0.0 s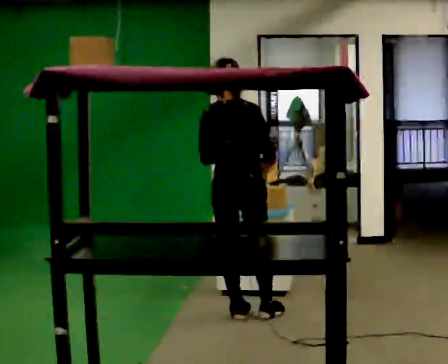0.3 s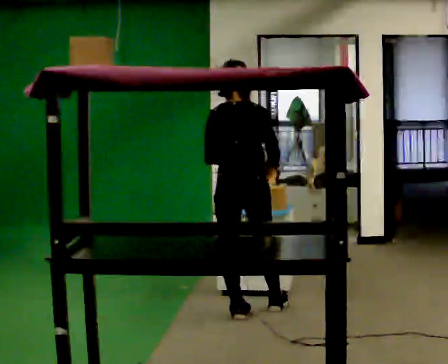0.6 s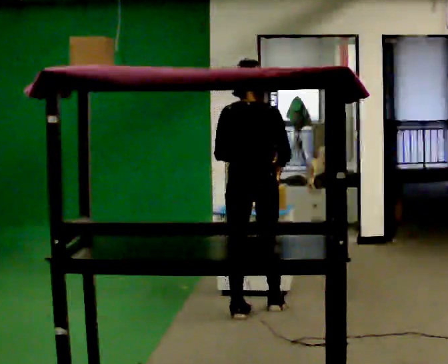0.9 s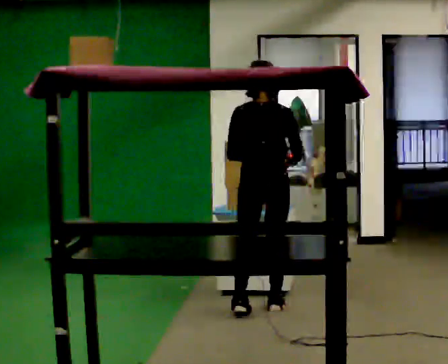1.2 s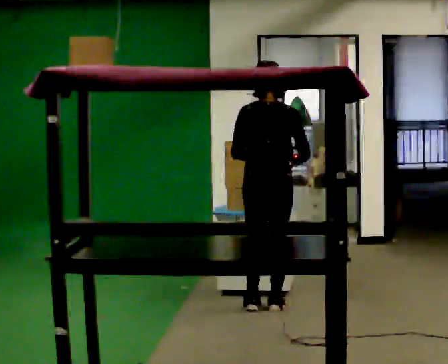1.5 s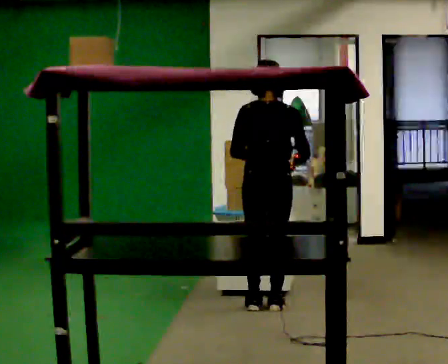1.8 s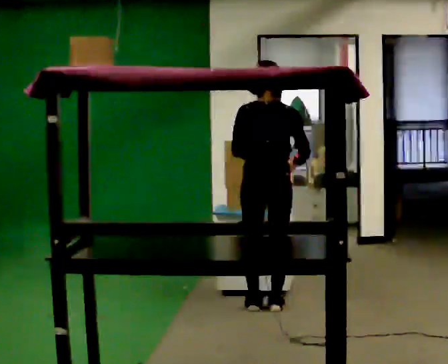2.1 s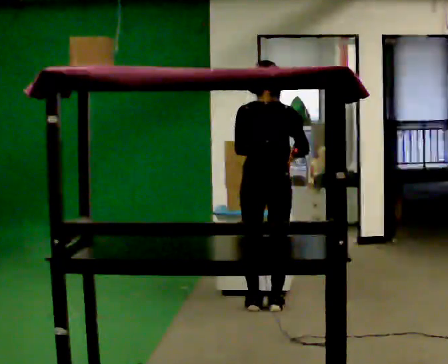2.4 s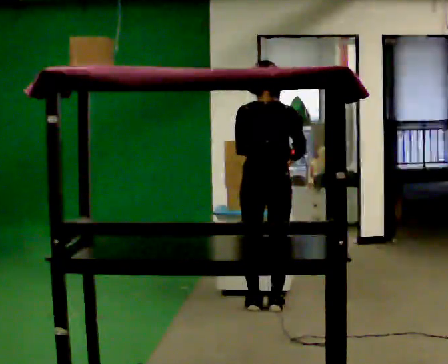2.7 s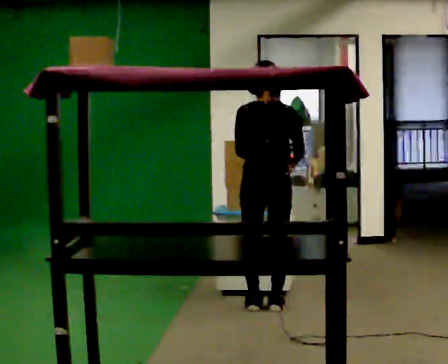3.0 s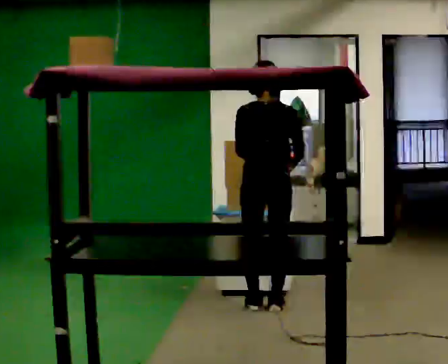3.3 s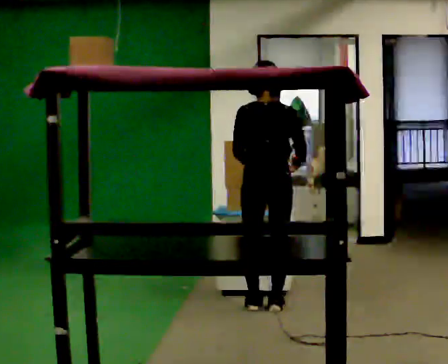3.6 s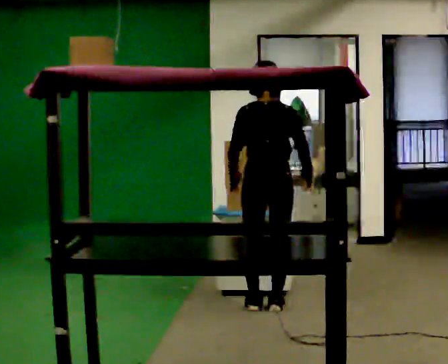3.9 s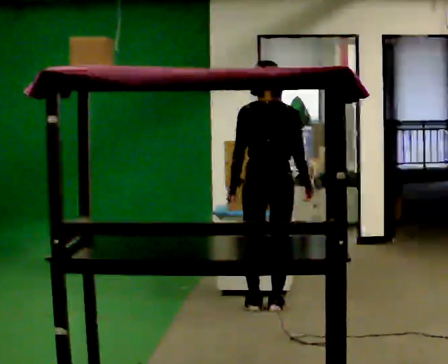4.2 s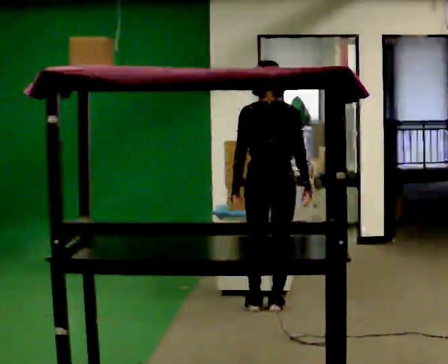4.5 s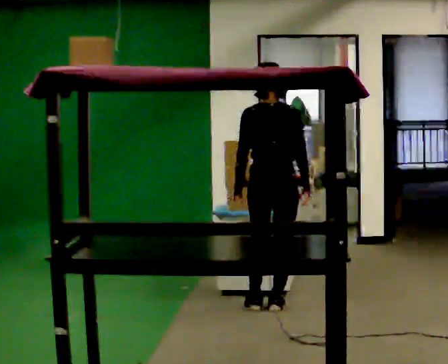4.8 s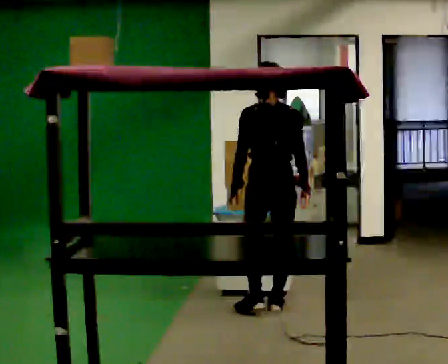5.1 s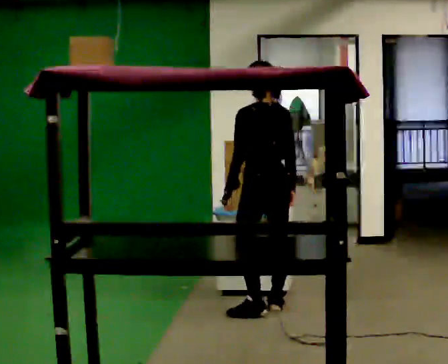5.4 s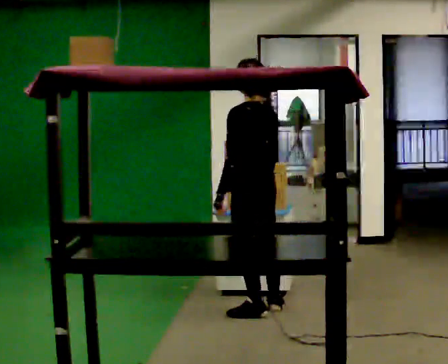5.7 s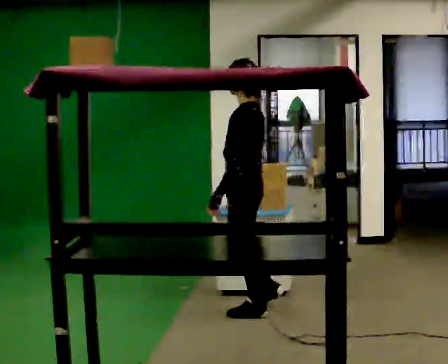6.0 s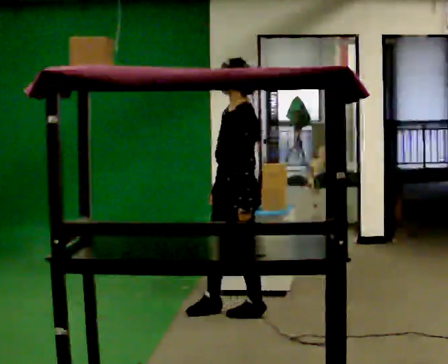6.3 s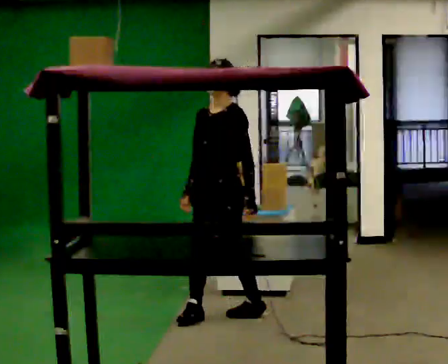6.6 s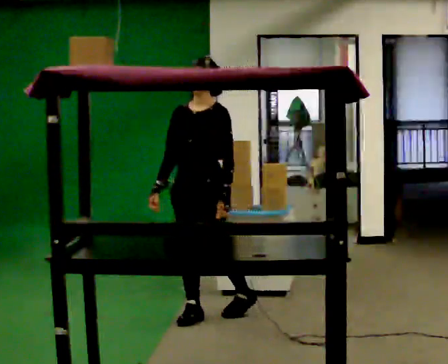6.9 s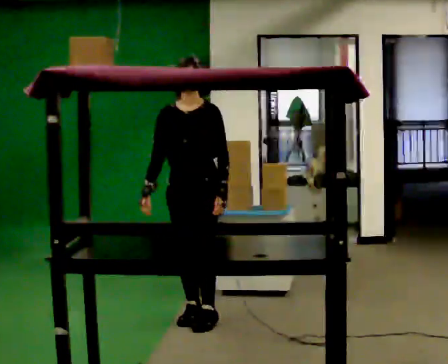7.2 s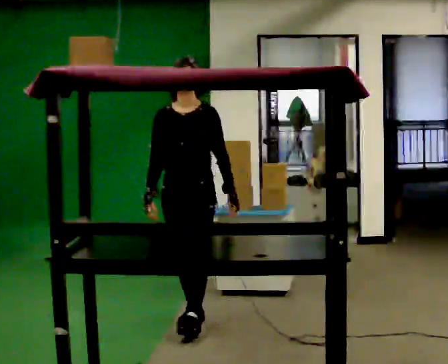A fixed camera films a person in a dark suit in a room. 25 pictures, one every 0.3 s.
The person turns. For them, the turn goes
to their left.
The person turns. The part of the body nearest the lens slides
to the right.
0.0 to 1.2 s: In the picture they go away from the camera and to the right, about 0.25 m in 1 step, which for them is forward and to their right.
1.2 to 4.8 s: The person moves a little, or ends about where they began.
4.8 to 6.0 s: The person turns about 90 degrees to their left, counterclockwise seen from above, so the part of the body nearest the lens slides to the right. In the picture they go to the left and toward the camera, about 0.25 m.
6.0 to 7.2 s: The person turns about 60 degrees to their left, counterclockwise seen from above, so the part of the body nearest the lens slides to the right. In the picture they go to the left and toward the camera, about 0.25 m in 2 steps, which for them is forward and to their right.
The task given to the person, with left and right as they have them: Reach up into the bin on the top shelf, take out one object at a time, and carry it to the table. Keep going until the operator says stop; one object at a time, and do not rush between trips.
The film runs forward here.
